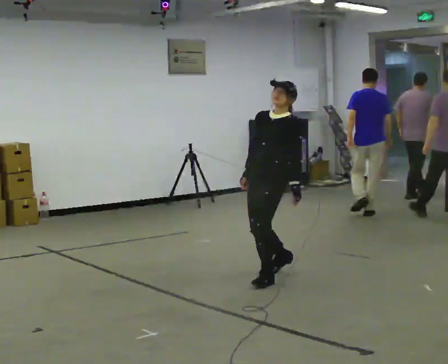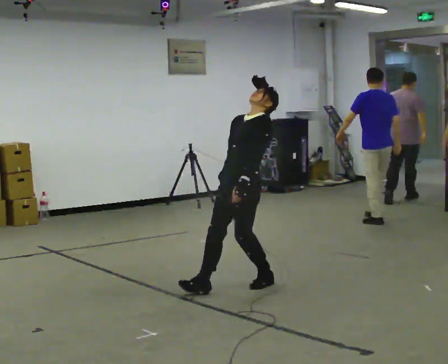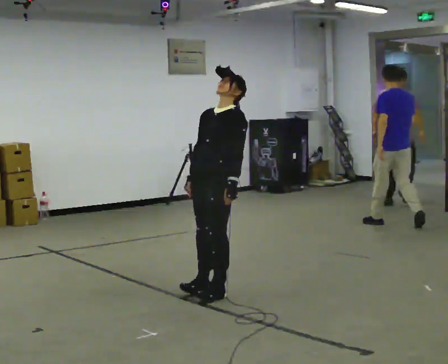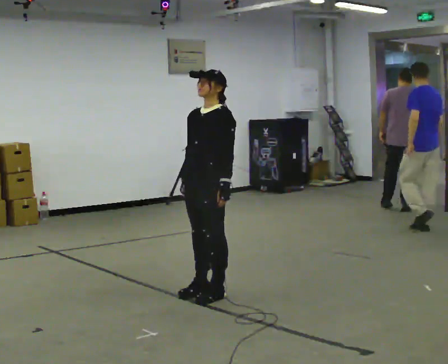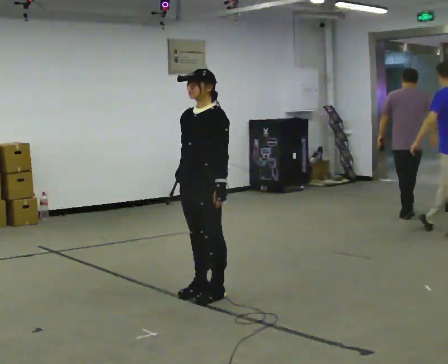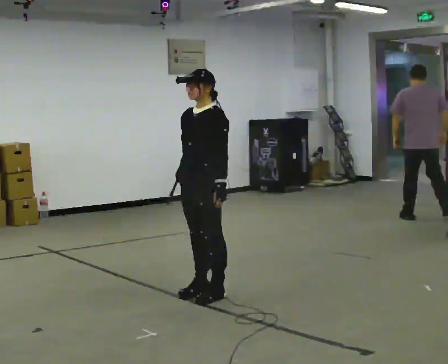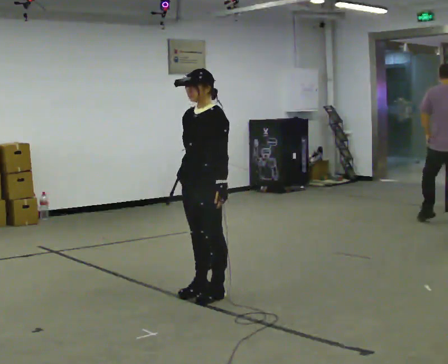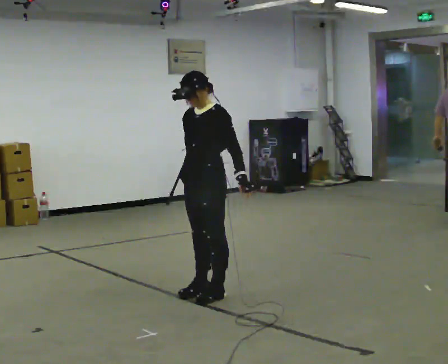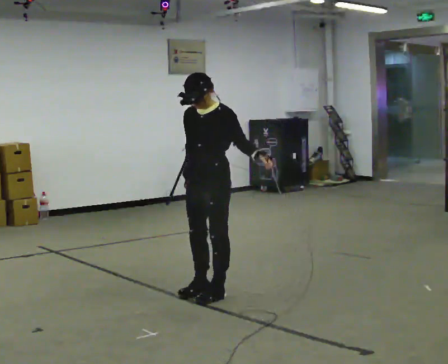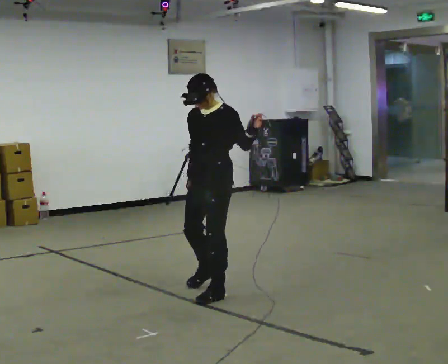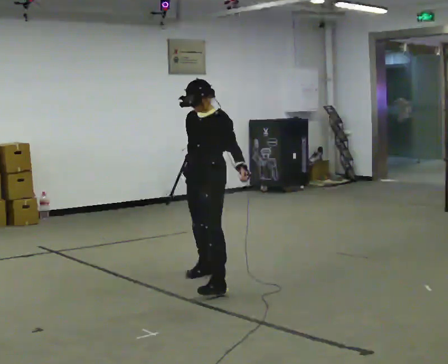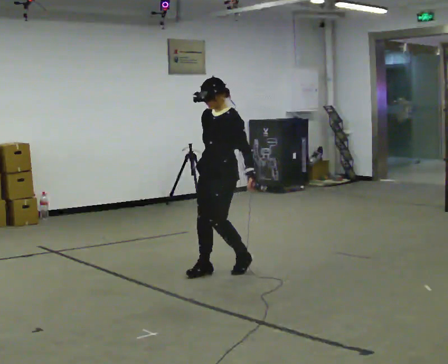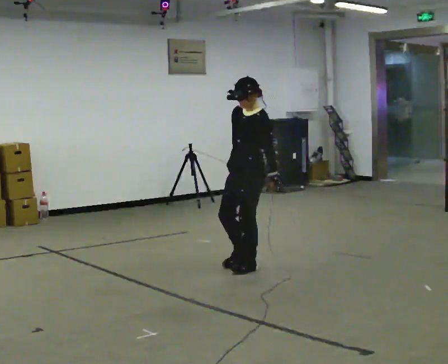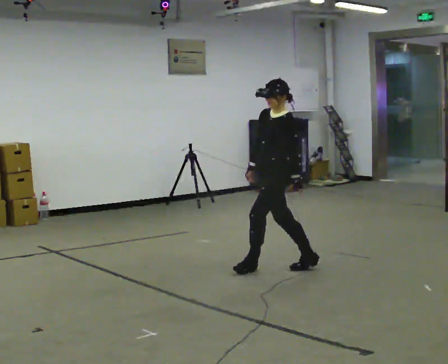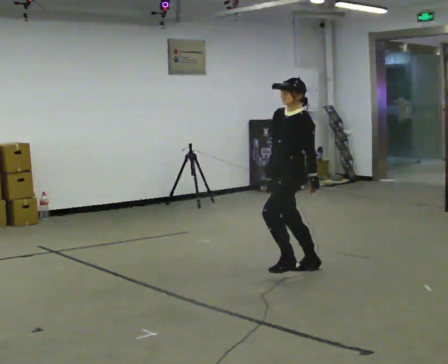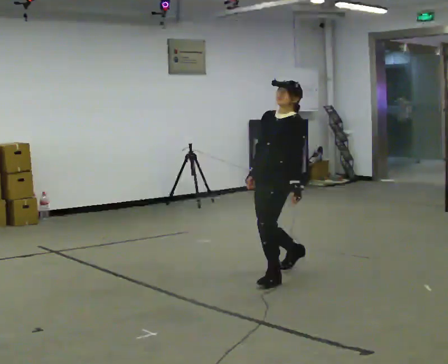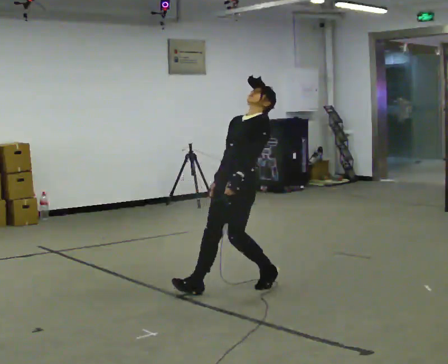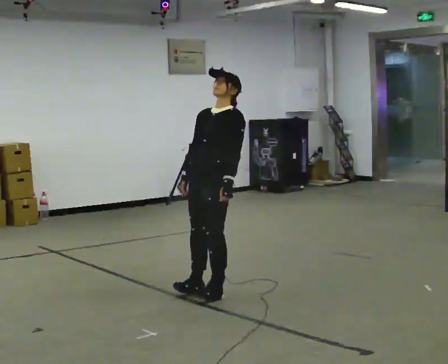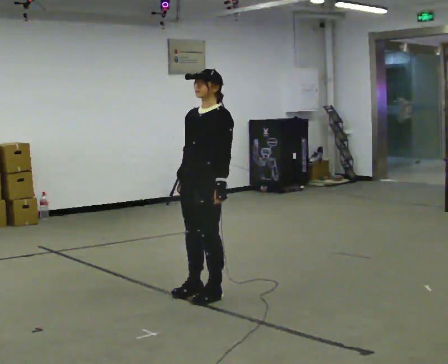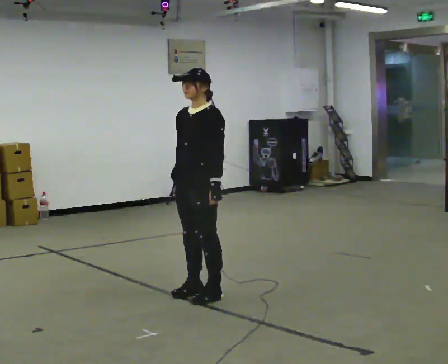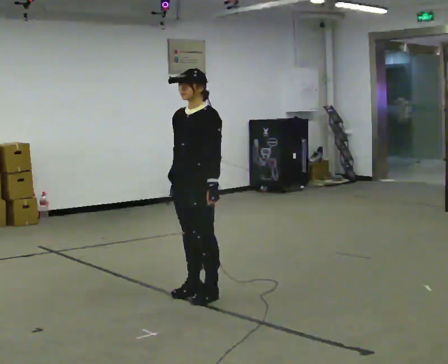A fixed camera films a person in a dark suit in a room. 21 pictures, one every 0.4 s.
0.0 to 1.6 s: In the picture they go toward the camera and to the left, about 0.75 m in 1 step, which for them is forward.
1.6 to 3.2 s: The person moves a little, or ends about where they began.
3.2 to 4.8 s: In the picture they go away from the camera, about 1 m in 3 steps, which for them is backward and to their right.
4.8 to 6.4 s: In the picture they go toward the camera, about 0.5 m in 3 steps, which for them is to their left and forward. The upper body tips away from the camera, its near side rolling upward, as they lean back or straighten.
6.4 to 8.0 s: In the picture they go to the left and toward the camera, about 0.5 m, which for them is forward.
The film runs backward here.
